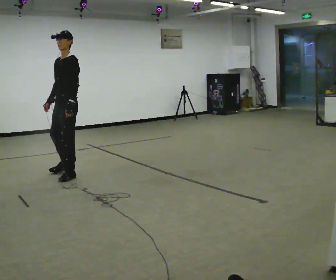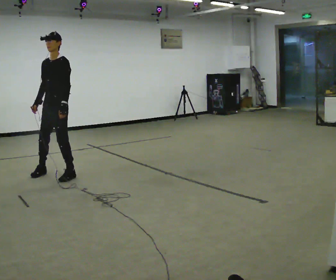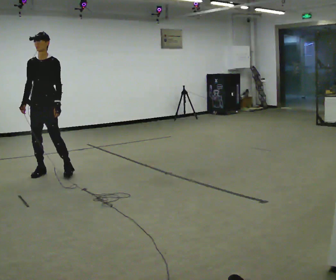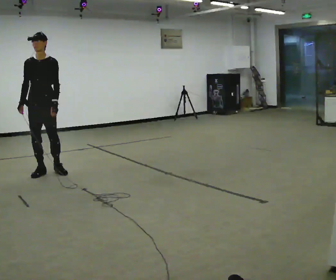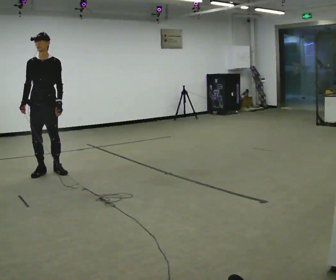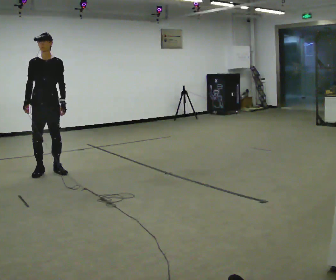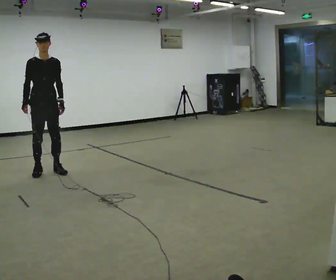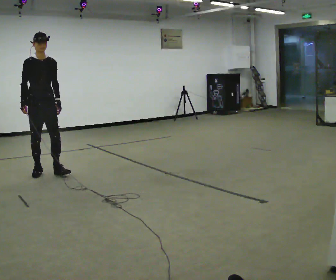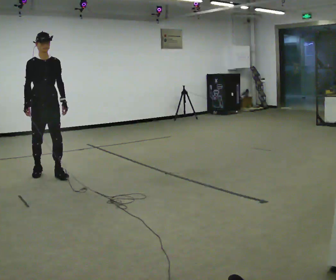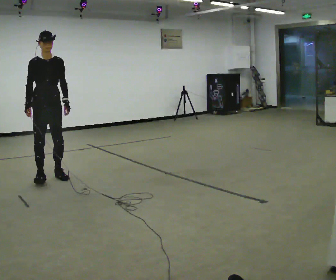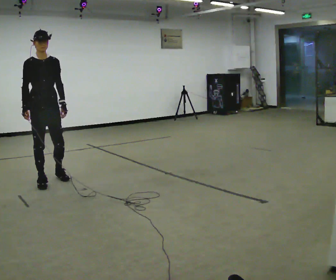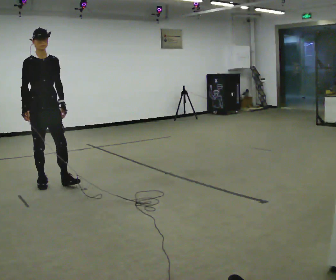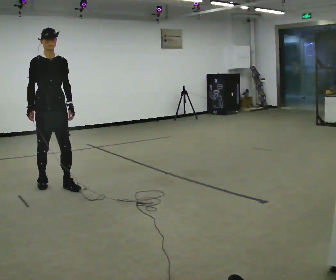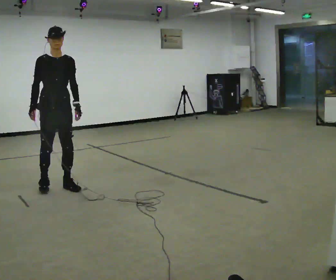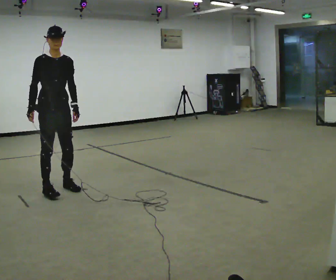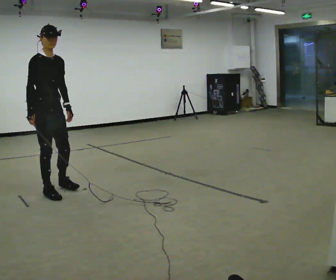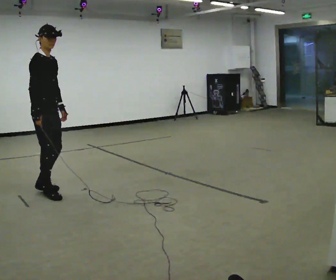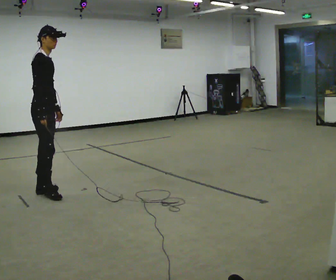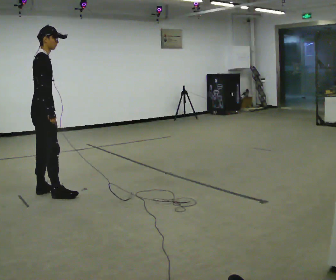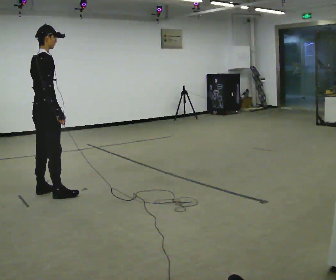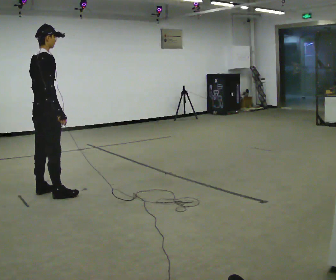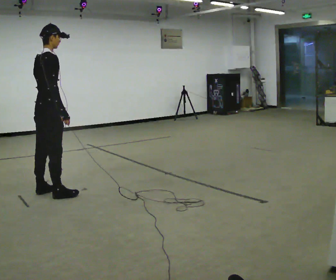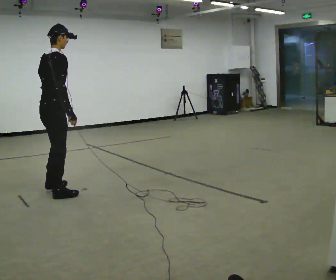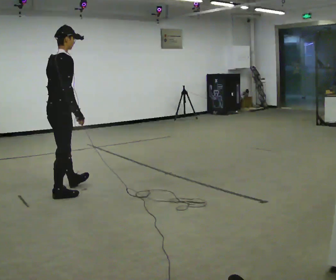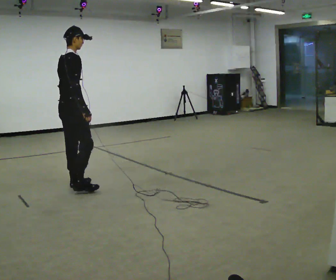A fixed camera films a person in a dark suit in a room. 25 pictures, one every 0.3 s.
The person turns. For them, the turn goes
to their left.
The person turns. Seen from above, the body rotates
counterclockwise.
0.0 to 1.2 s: Seen from above the body turns counterclockwise, about 60 degrees: to their left, with its near side sliding to the right. In the picture they go to the left, about 0.25 m in 1 step, which for them is to their right.
1.2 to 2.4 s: The person moves a little, or ends about where they began.
2.4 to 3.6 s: In the picture they go toward the camera, about 0.5 m in 1 step, which for them is forward.
3.6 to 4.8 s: Seen from above the body turns counterclockwise, about 45 degrees: to their left, with its near side sliding to the right. In the picture they go toward the camera, about 0.25 m in 2 steps, which for them is forward and to their right.
4.8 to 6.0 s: The part of the body nearest the lens slides to the right as the person turns to their left by about 45 degrees.
6.0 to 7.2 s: In the picture they go to the right and away from the camera, about 0.25 m in 2 steps, which for them is forward.
The film runs backward here.
